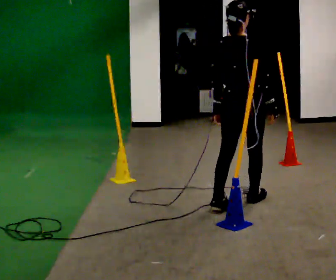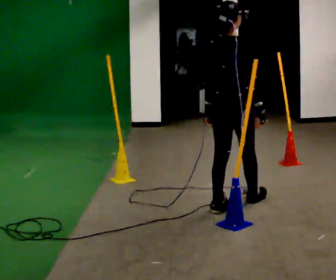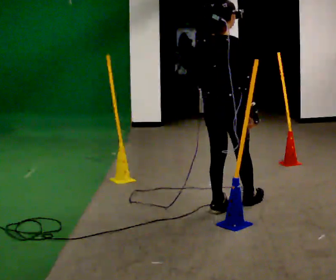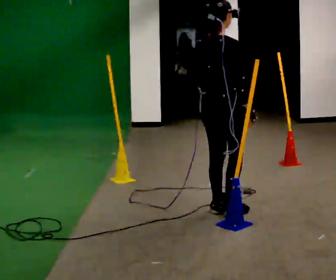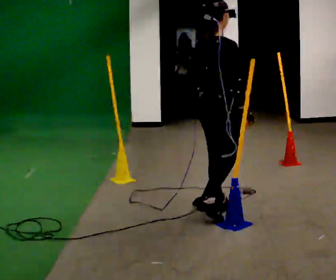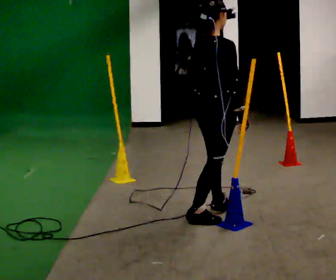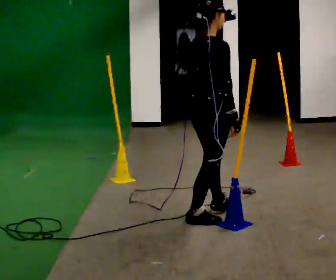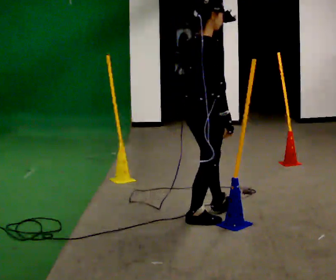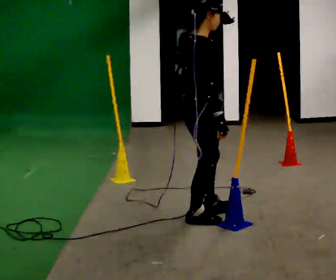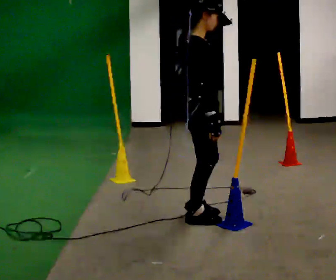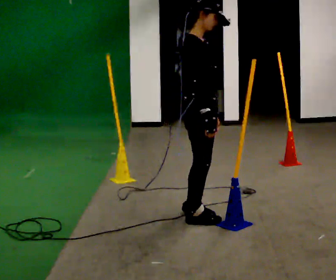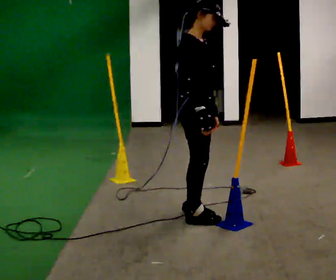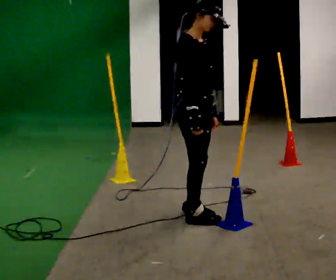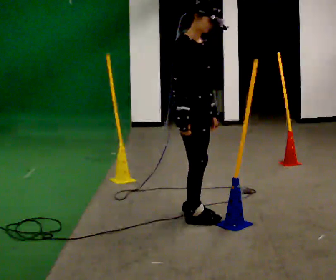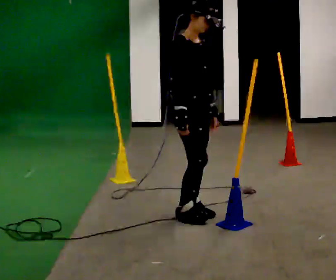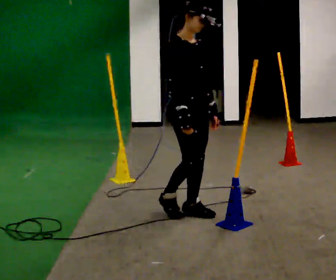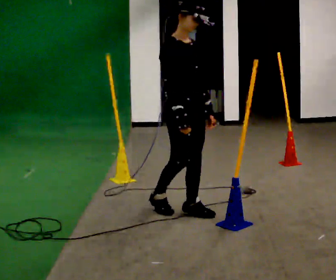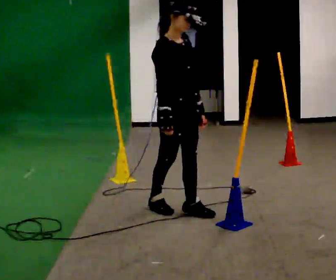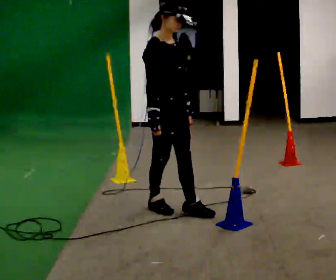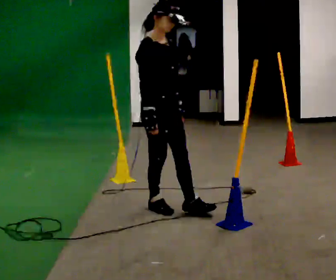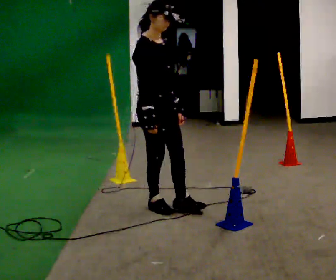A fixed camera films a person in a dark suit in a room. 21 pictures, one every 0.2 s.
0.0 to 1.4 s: The person turns about 30 degrees to their right, clockwise seen from above, so the part of the body nearest the lens slides to the left. In the picture they go toward the camera and to the left, about 0.5 m in 1 step, which for them is backward.
1.4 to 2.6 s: The part of the body nearest the lens slides to the left as the person turns to their right by about 60 degrees.
2.6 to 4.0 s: In the picture they go to the left, about 0.25 m in 2 steps, which for them is backward.
The film runs backward here.
